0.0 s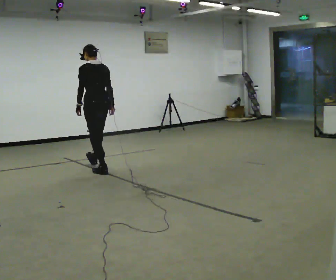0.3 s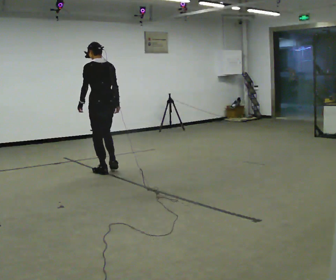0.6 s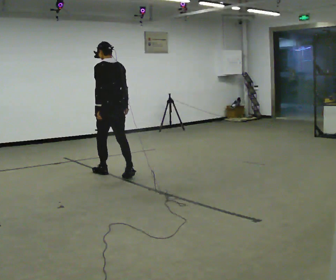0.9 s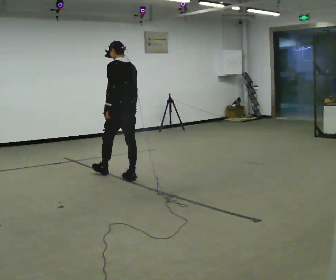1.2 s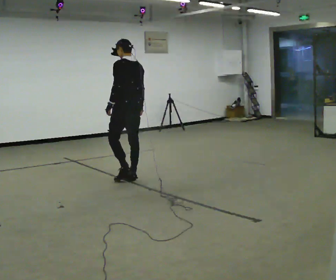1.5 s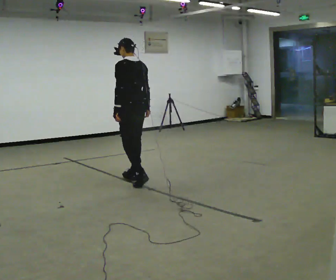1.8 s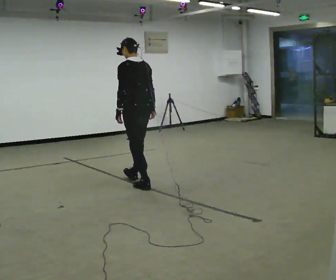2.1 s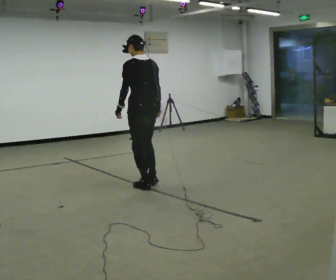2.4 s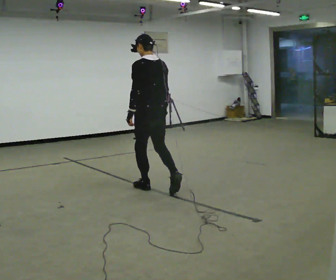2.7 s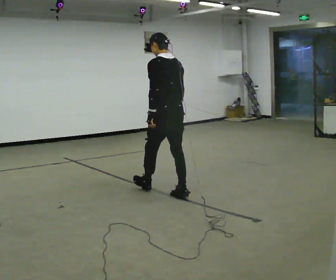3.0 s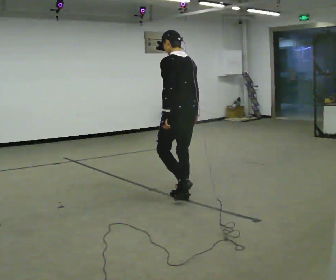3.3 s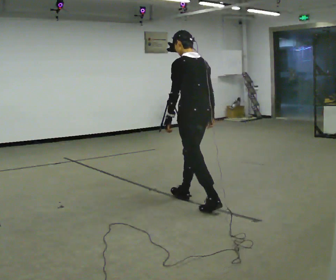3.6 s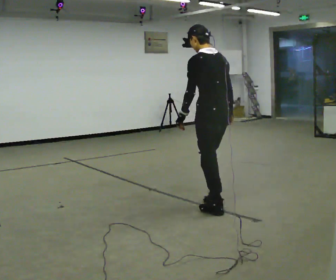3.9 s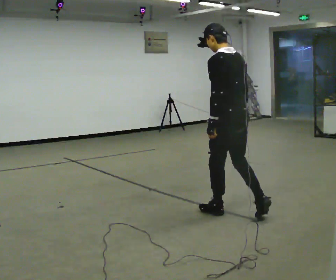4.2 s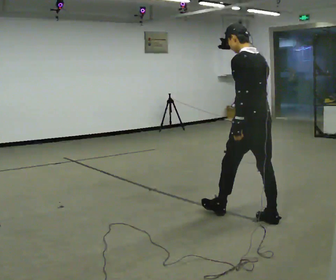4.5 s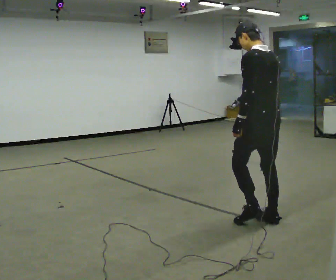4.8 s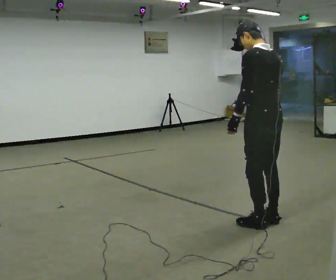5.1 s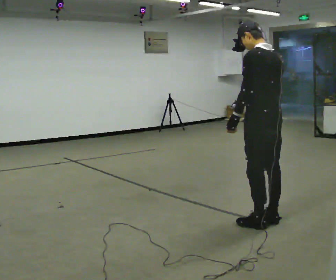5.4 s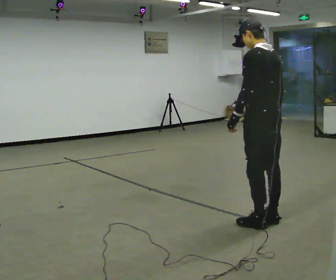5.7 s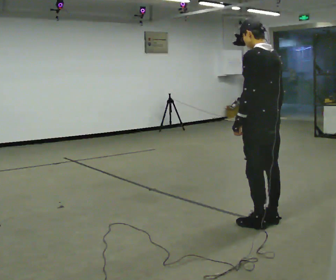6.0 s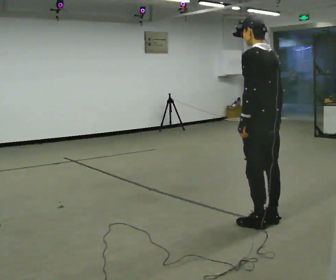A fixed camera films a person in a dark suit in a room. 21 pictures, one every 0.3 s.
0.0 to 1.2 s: In the picture they go to the right and toward the camera, about 0.5 m in 1 step, which for them is backward.
1.2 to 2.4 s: In the picture they go toward the camera and to the right, about 0.5 m in 1 step, which for them is backward.
2.4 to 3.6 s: In the picture they go toward the camera and to the right, about 1 m in 2 steps, which for them is backward.
3.6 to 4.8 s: In the picture they go to the right and toward the camera, about 0.5 m in 1 step, which for them is backward.
4.8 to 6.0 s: The person moves a little, or ends about where they began.
The film runs backward here.
